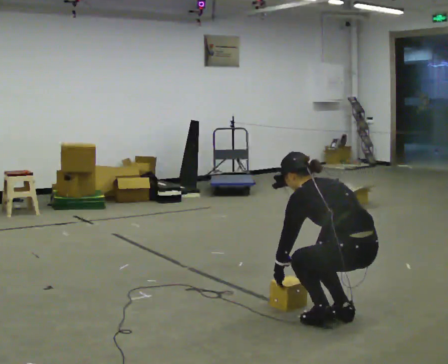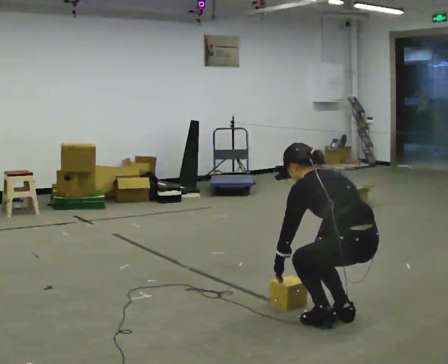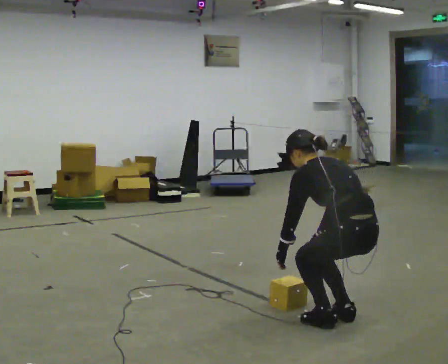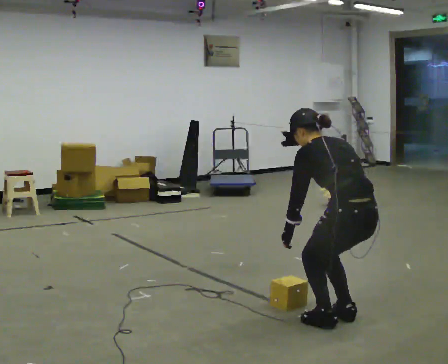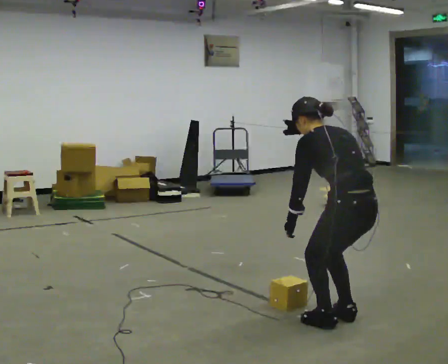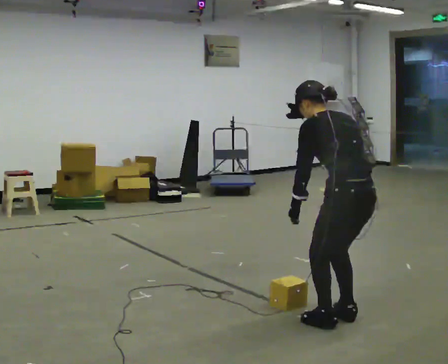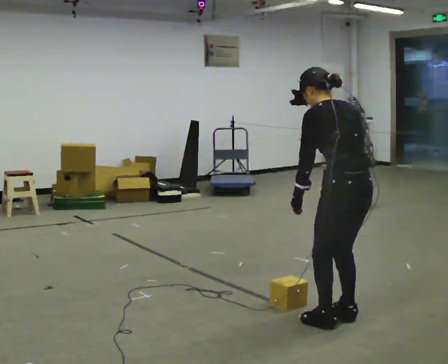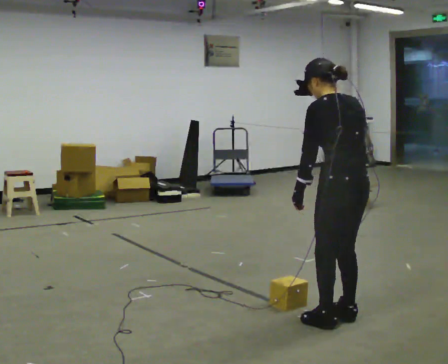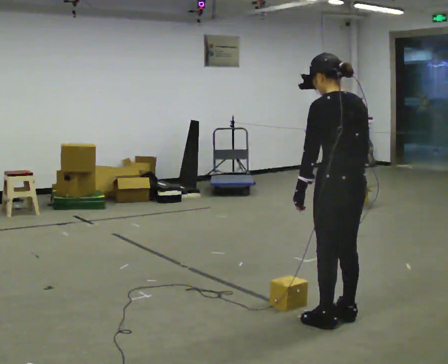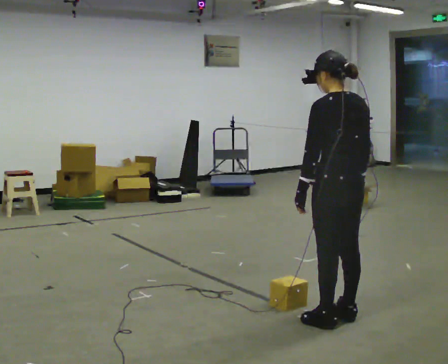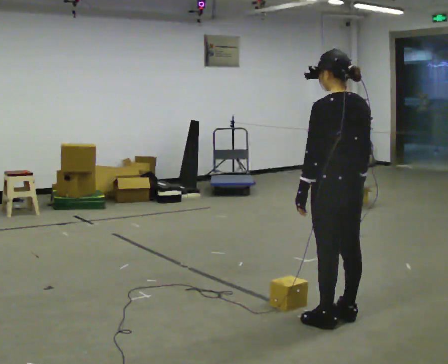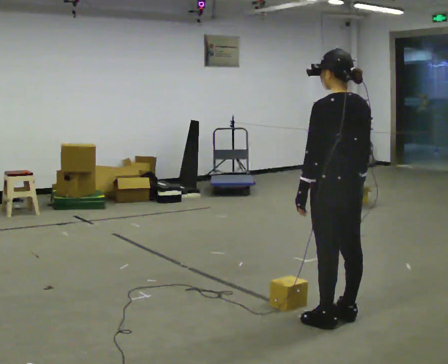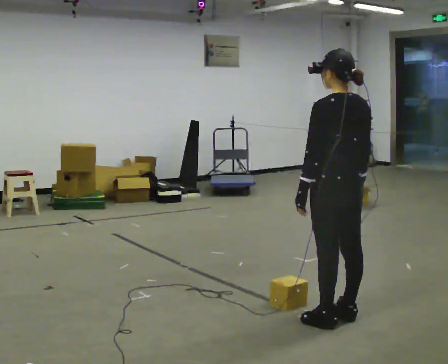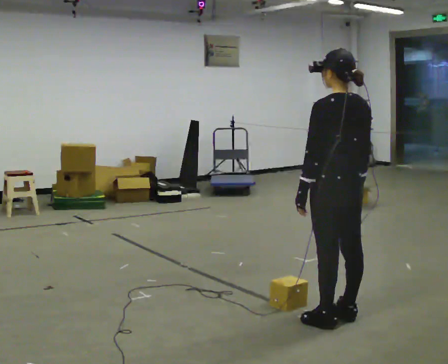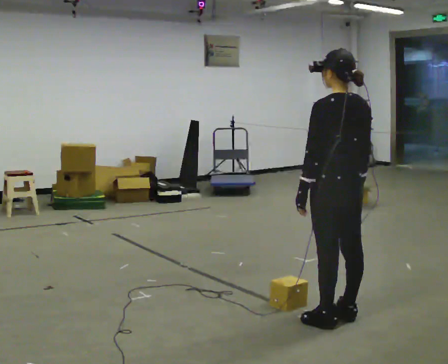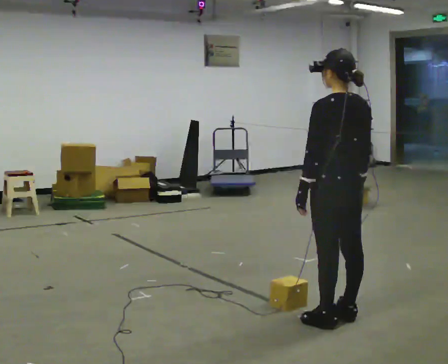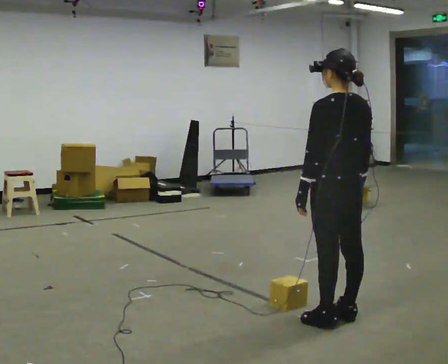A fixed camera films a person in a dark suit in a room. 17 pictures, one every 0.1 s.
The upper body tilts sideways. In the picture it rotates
clockwise.
The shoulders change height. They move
upward.
0.0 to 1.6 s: The upper body goes upward. In the picture the upper body tilts clockwise, shoulders to the right, as they lean back or straighten. In the picture their right hand goes upward.
The film runs backward here.
